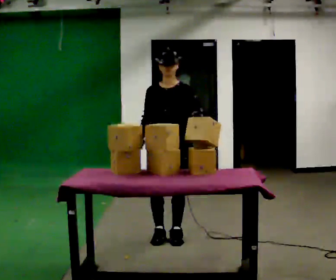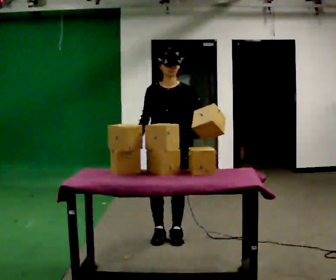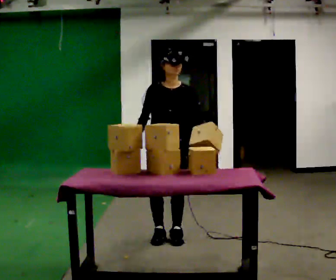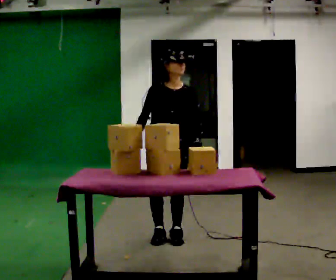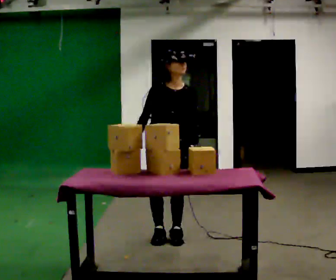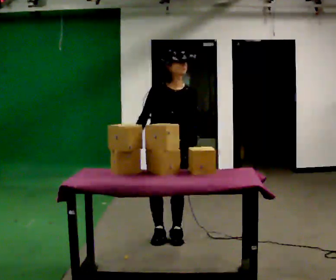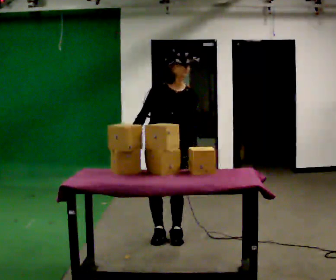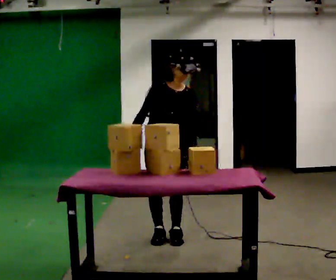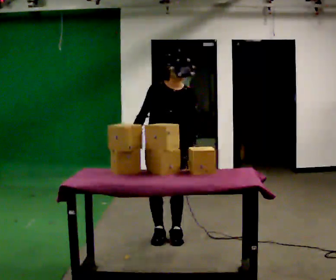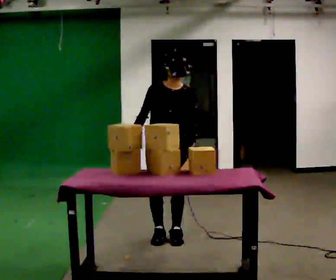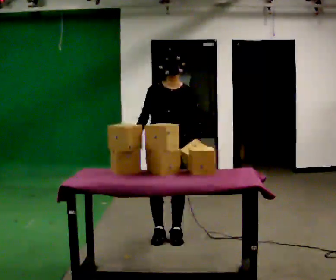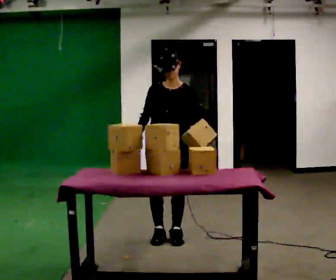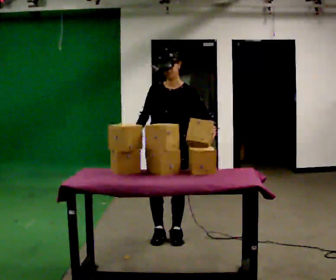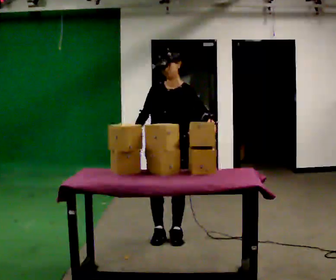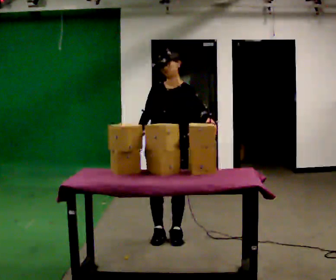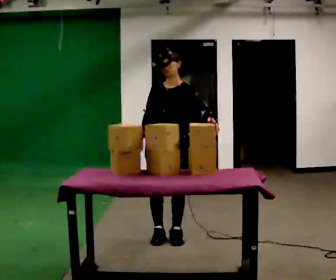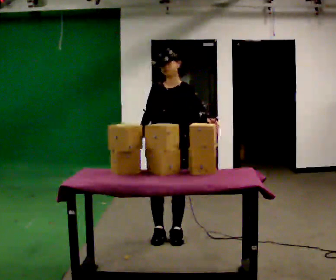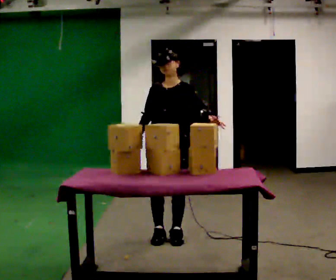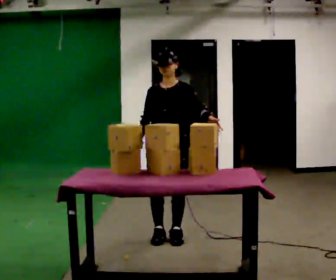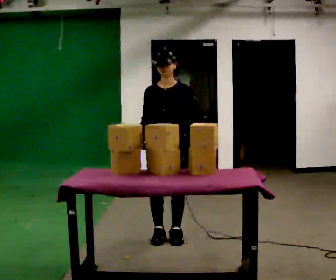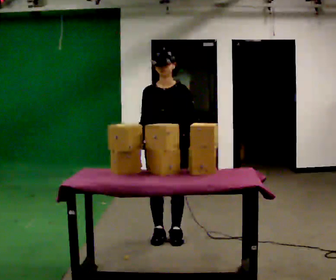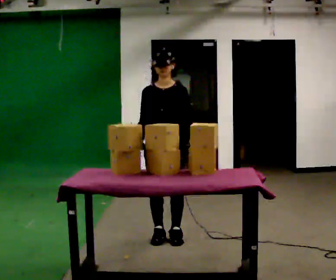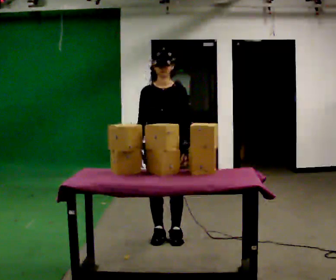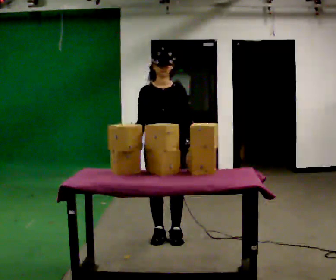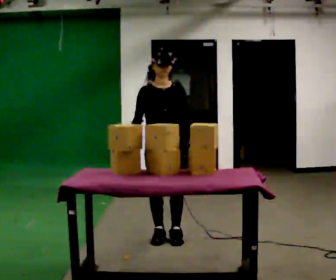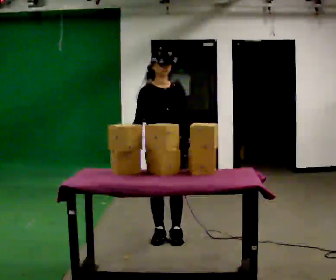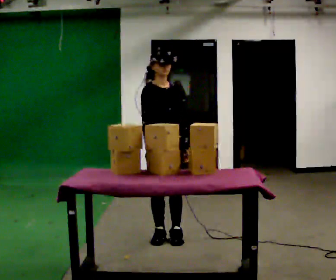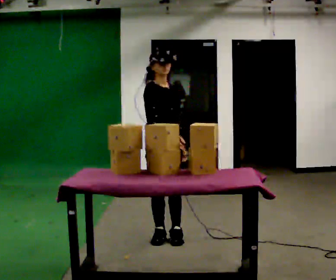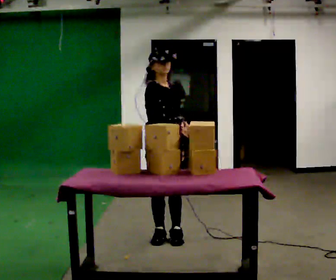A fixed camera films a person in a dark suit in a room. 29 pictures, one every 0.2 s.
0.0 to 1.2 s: In the picture their left hand goes downward.
1.2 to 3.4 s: Seen from above the body turns clockwise, about 30 degrees: to their right, with its near side sliding to the left. In the picture their left hand goes upward.
3.4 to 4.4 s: In the picture their left hand goes downward.
4.4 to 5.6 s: The person turns about 45 degrees to their left, counterclockwise seen from above, so the part of the body nearest the lens slides to the right. In the picture their right hand goes to the right, the arm swinging counterclockwise.
The film runs backward here.
